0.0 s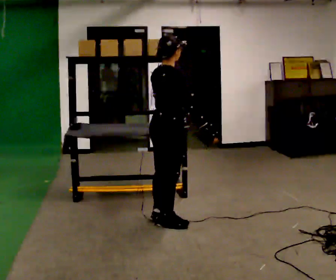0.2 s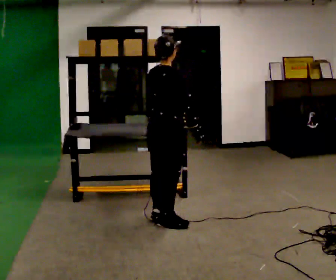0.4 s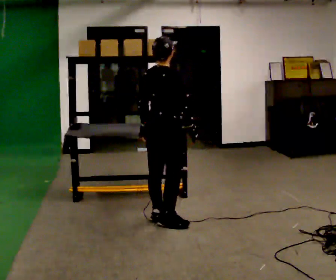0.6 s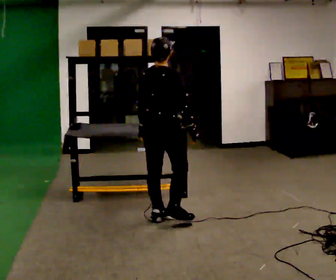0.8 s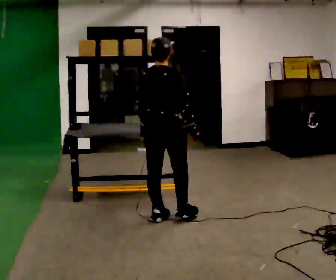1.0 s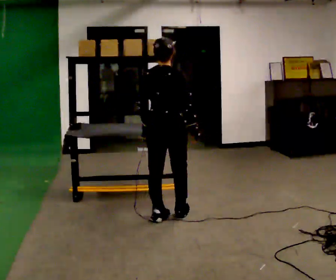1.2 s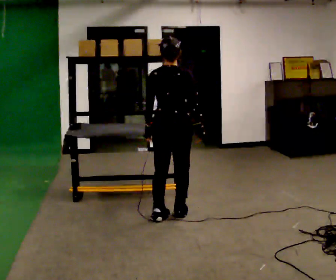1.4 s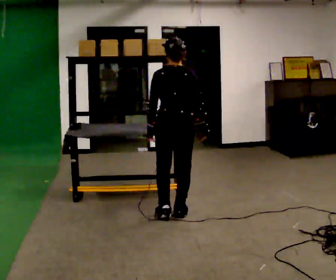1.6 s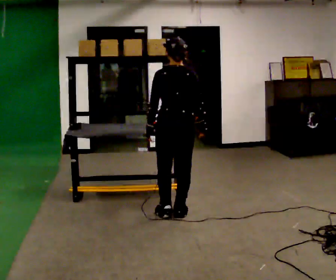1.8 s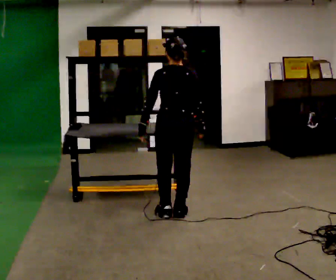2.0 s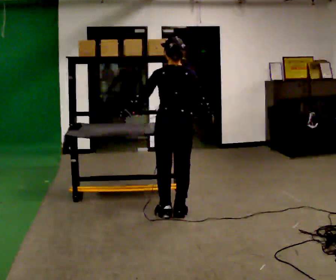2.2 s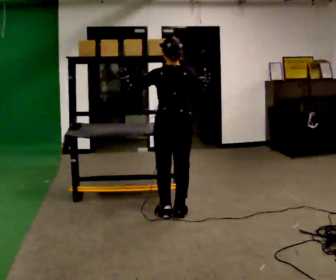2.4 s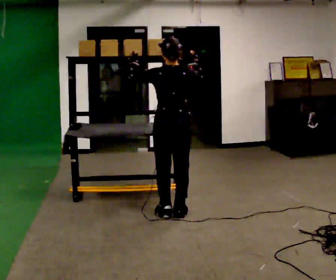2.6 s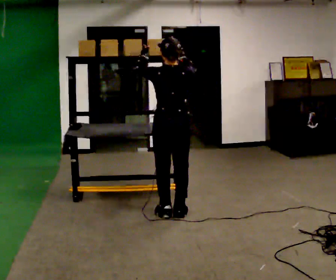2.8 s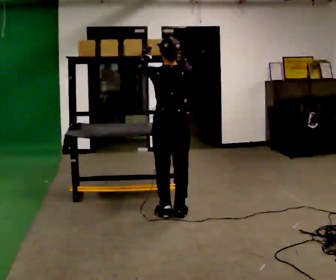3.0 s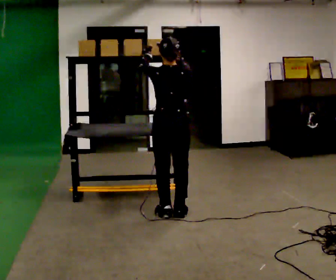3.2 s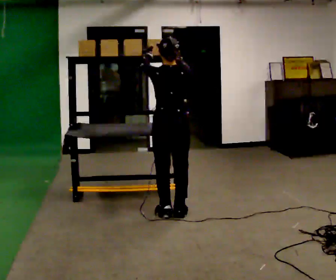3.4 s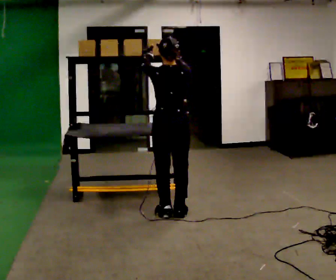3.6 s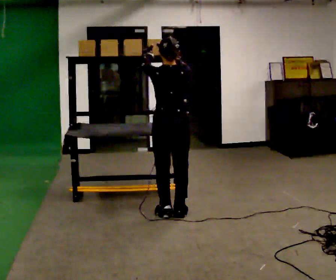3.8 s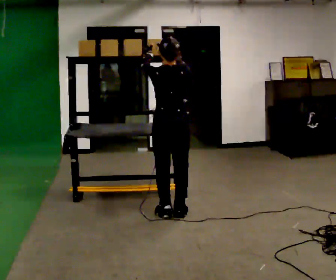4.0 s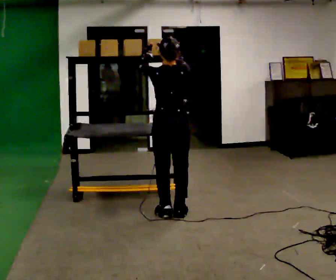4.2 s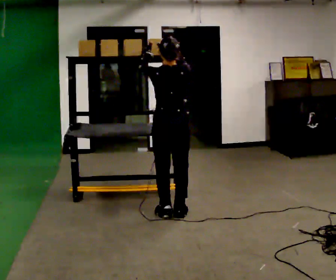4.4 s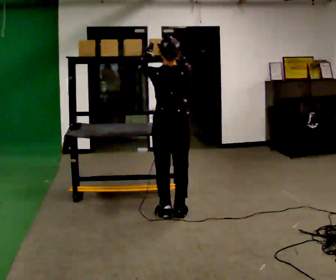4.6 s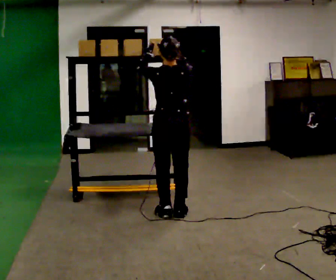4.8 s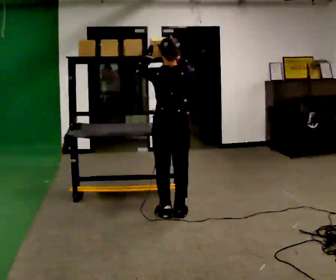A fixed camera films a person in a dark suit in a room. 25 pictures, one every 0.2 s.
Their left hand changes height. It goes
upward.
Their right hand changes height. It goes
upward.
0.0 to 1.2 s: The person turns about 45 degrees to their left, counterclockwise seen from above, so the part of the body nearest the lens slides to the right. In the picture they go away from the camera, about 0.25 m in 1 step, which for them is forward.
1.2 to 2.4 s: In the picture their right hand goes upward.
2.4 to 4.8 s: The person moves a little, or ends about where they began.
The film runs forward here.
